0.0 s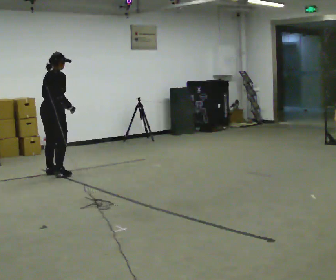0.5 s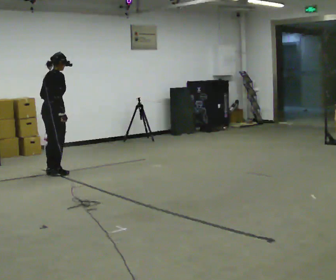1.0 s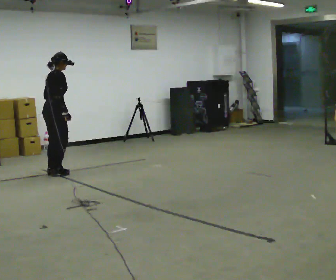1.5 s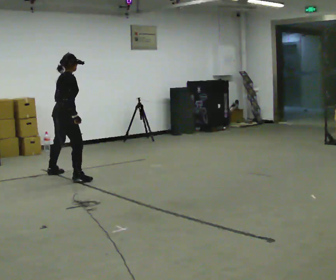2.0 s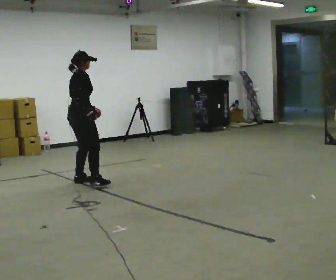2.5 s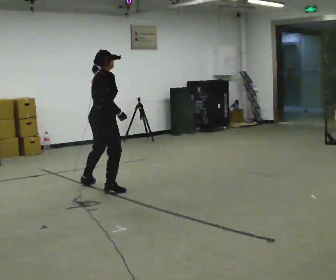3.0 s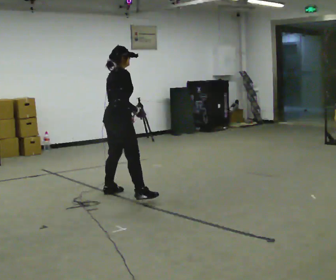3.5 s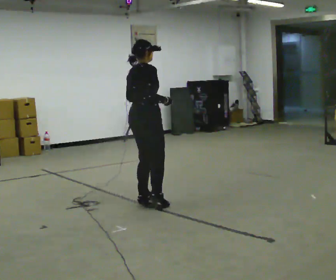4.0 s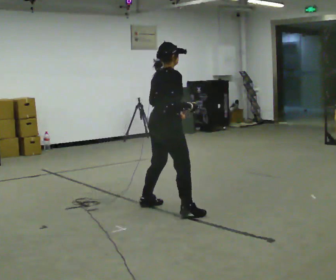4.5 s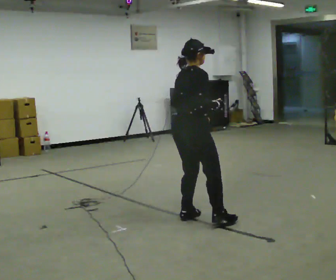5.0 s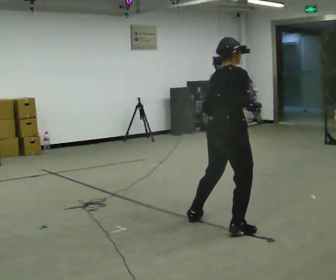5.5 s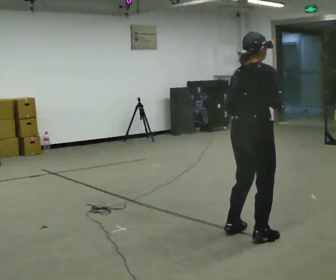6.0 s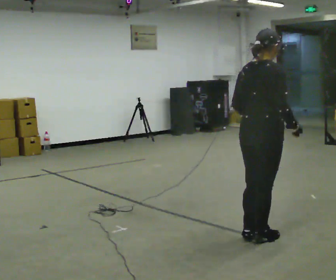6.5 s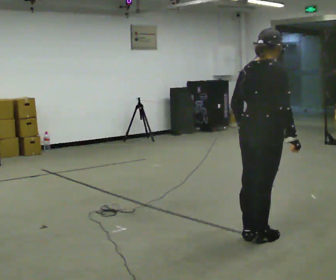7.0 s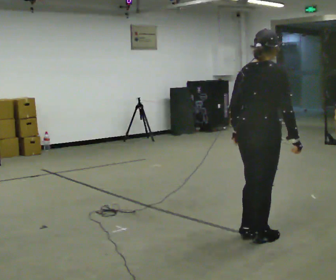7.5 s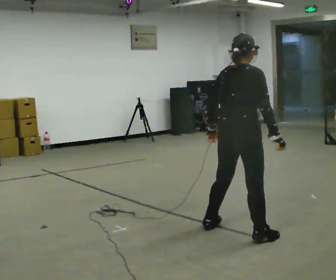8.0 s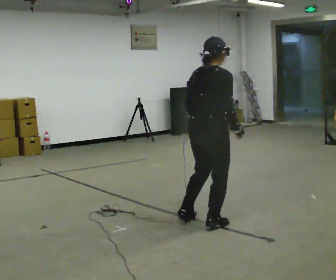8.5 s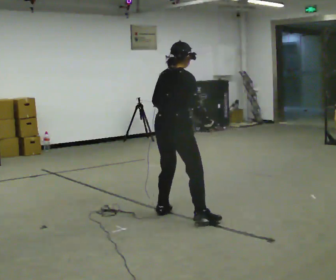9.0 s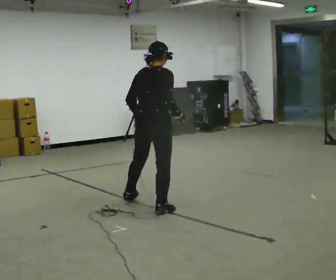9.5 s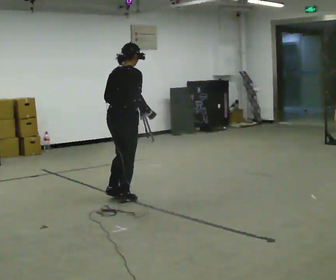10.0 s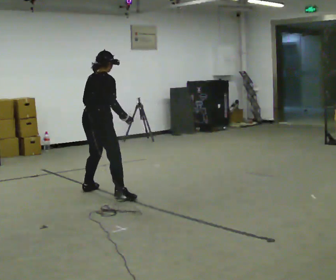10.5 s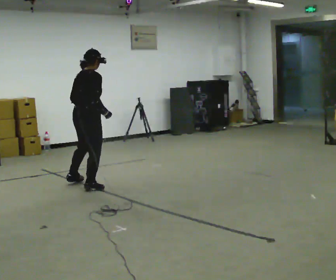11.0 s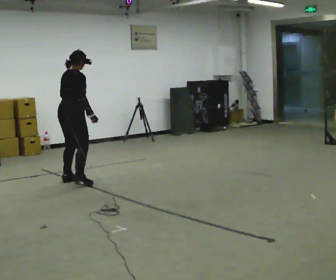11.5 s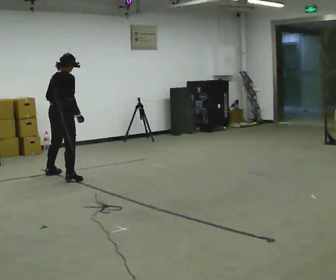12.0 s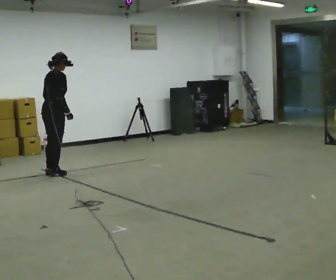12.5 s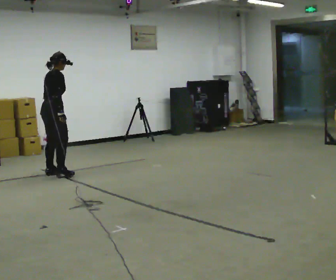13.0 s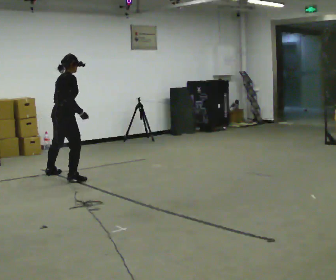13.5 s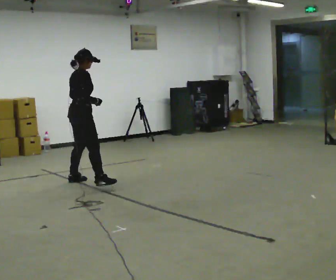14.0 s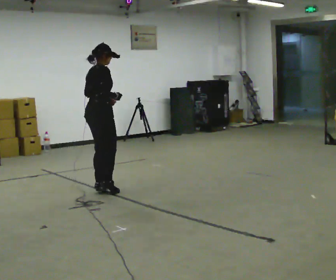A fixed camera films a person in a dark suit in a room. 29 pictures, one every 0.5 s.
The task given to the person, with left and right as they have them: Shuffle sideways quickly in the direction the operator calls, without crossing your feet.
0.0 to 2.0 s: In the picture they go to the right and toward the camera, about 0.5 m in 3 steps, which for them is to their right.
2.0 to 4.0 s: In the picture they go to the right and toward the camera, about 1.5 m in 5 steps, which for them is to their right.
4.0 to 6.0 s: In the picture they go to the right and toward the camera, about 1 m in 5 steps, which for them is to their right.
6.0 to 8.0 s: In the picture they go to the left and away from the camera, about 0.5 m in 2 steps, which for them is to their left.
8.0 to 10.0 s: In the picture they go to the left and away from the camera, about 1.5 m in 5 steps, which for them is to their left.
10.0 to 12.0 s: In the picture they go to the left and away from the camera, about 1 m in 5 steps, which for them is to their left.
12.0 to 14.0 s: In the picture they go to the right and toward the camera, about 1 m in 3 steps, which for them is to their right.
The film runs forward here.
